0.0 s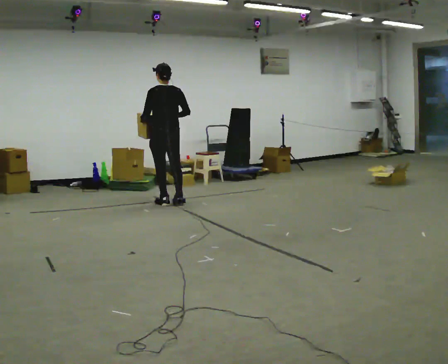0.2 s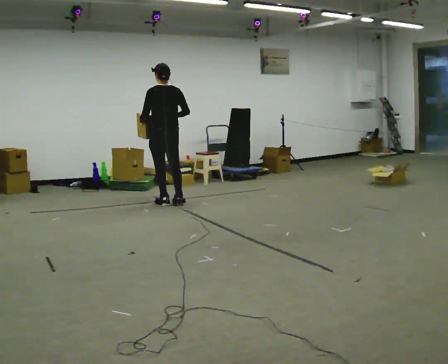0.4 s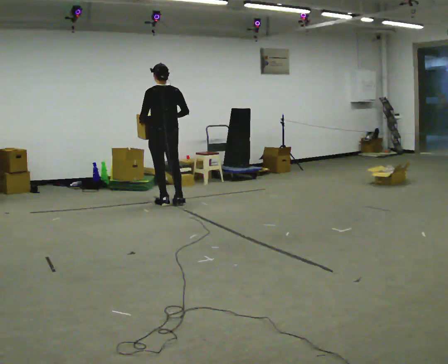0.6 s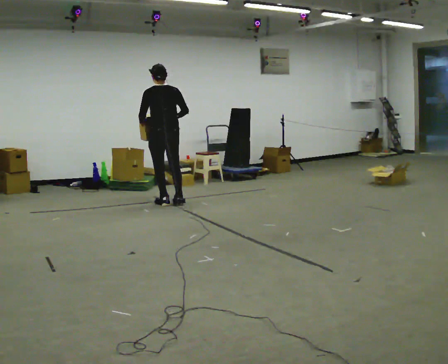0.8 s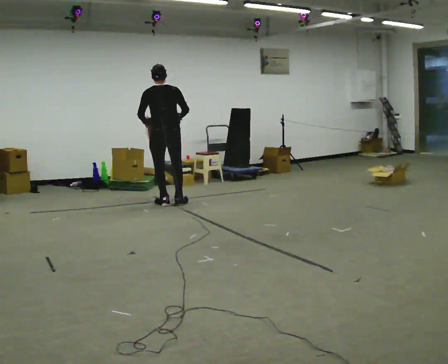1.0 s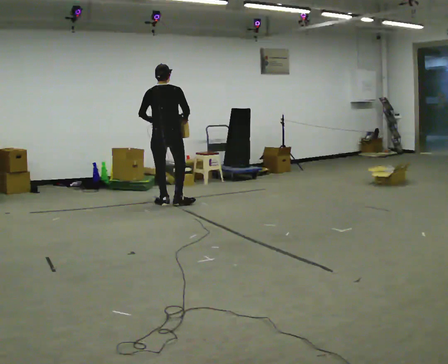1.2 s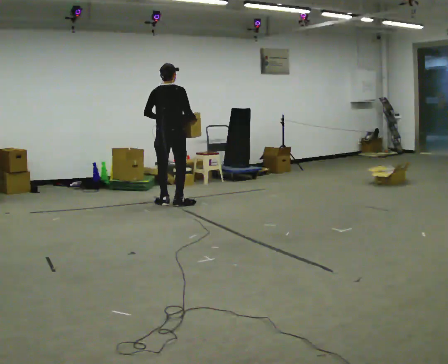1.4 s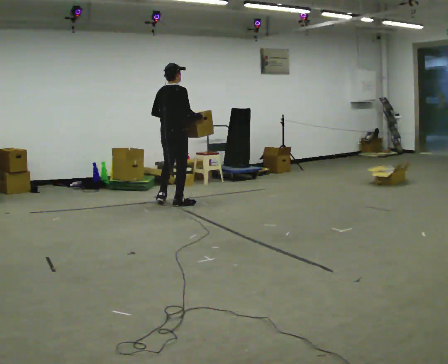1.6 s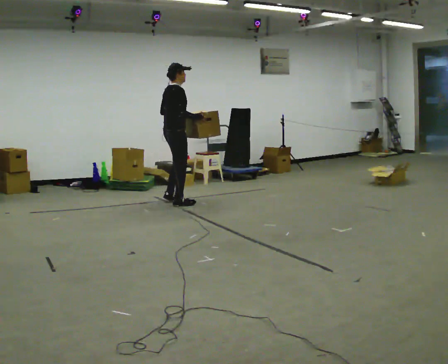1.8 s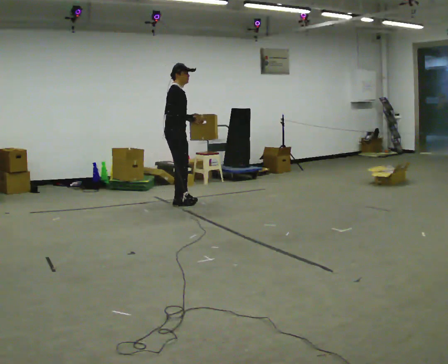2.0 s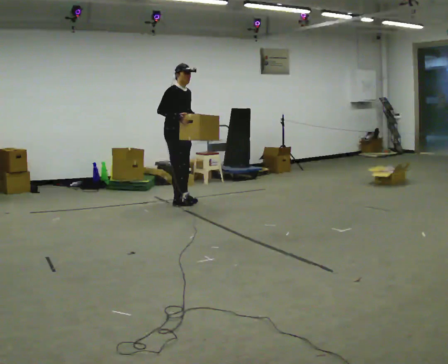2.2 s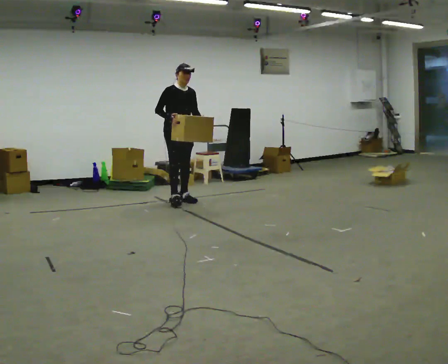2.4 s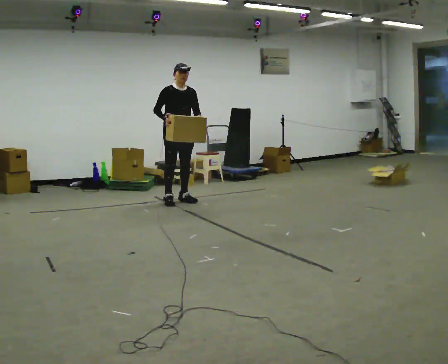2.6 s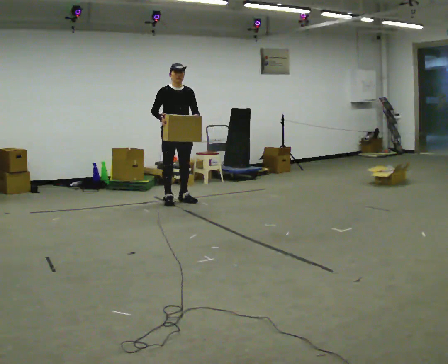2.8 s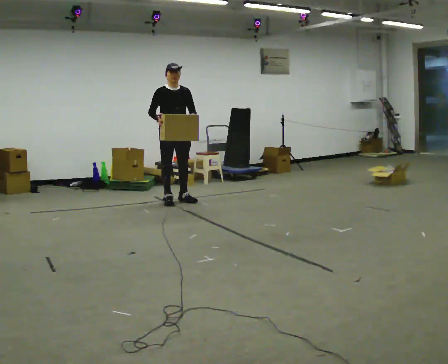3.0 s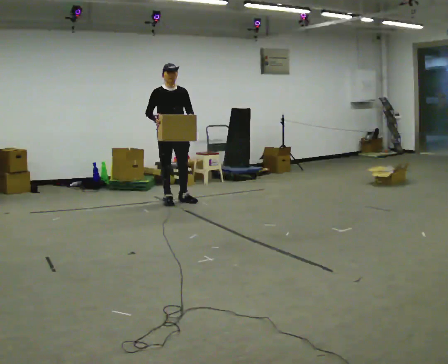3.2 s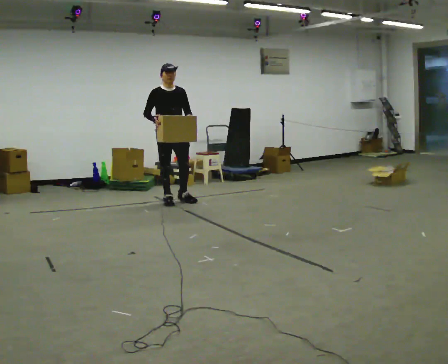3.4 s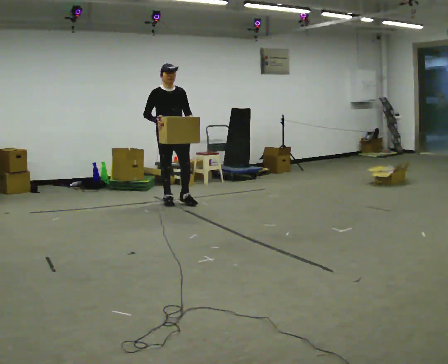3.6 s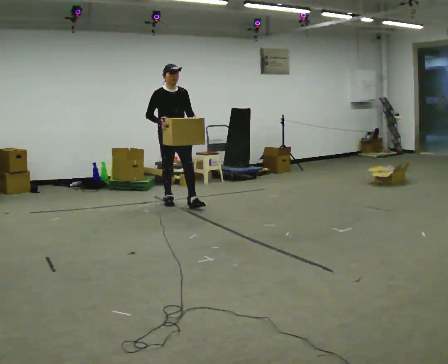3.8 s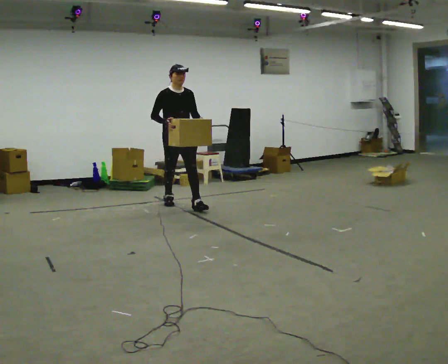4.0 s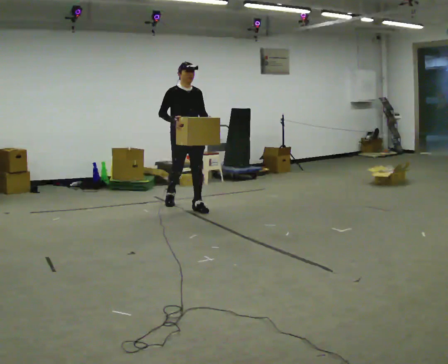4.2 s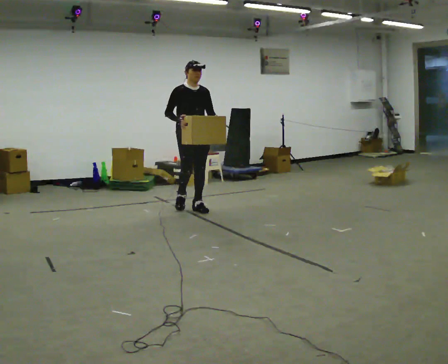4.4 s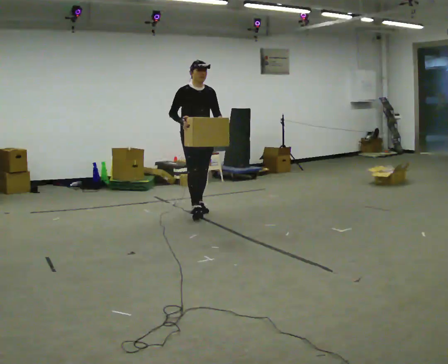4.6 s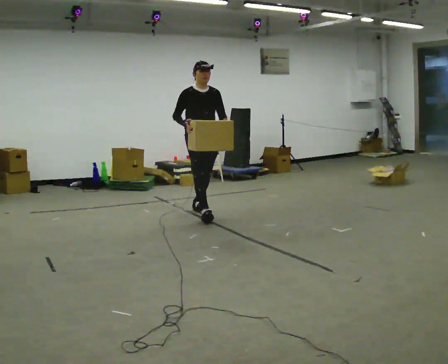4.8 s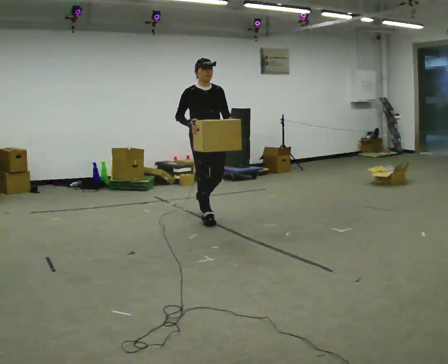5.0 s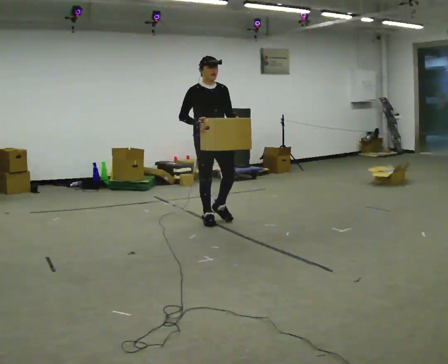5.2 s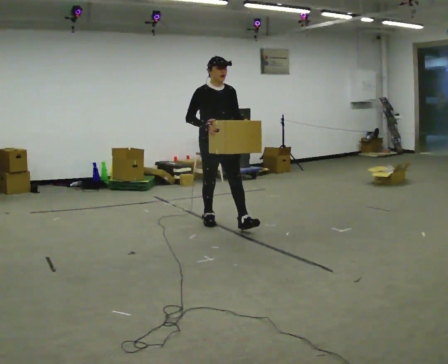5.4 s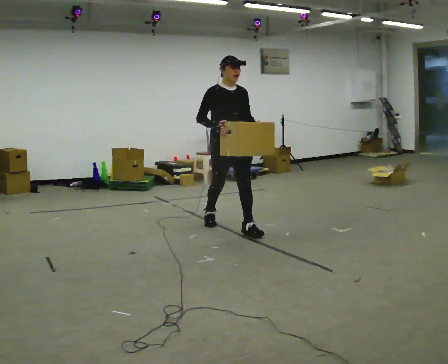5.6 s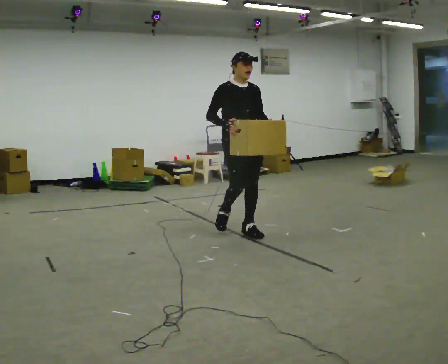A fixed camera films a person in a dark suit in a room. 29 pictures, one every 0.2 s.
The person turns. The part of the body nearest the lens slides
to the left.
The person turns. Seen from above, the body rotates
clockwise.
0.0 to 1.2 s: The person turns about 60 degrees to their right, clockwise seen from above, so the part of the body nearest the lens slides to the left.
1.2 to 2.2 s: The person turns about 120 degrees to their right, clockwise seen from above, so the part of the body nearest the lens slides to the left. In the picture they go away from the camera, about 0.25 m in 1 step. In the picture their left hand goes to the right.
2.2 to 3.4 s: In the picture they go toward the camera, about 0.25 m in 1 step, which for them is forward.
3.4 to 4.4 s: In the picture they go toward the camera and to the right, about 0.5 m in 1 step, which for them is forward.
4.4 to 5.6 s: In the picture they go toward the camera and to the right, about 1 m in 2 steps, which for them is forward.
The film runs forward here.
